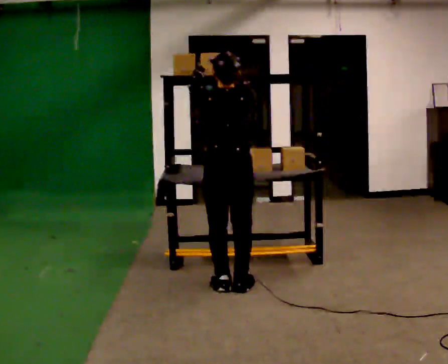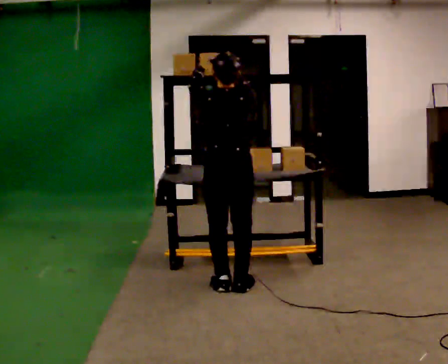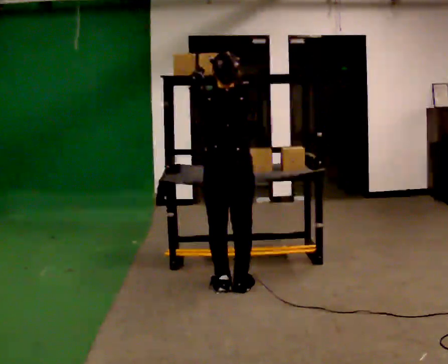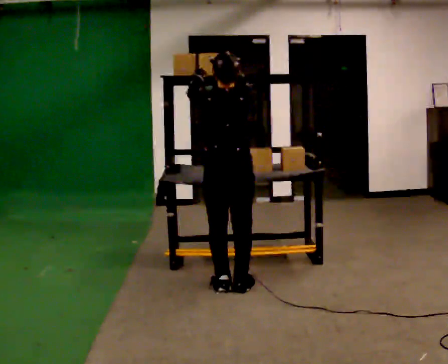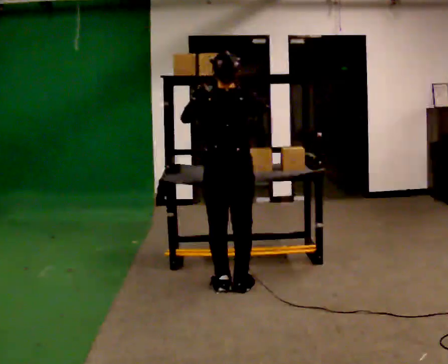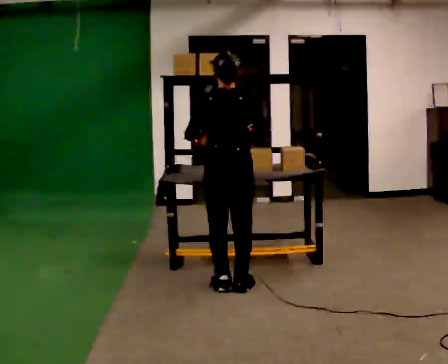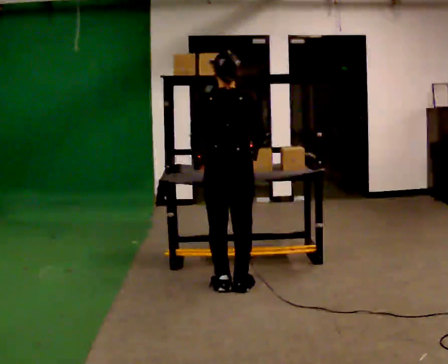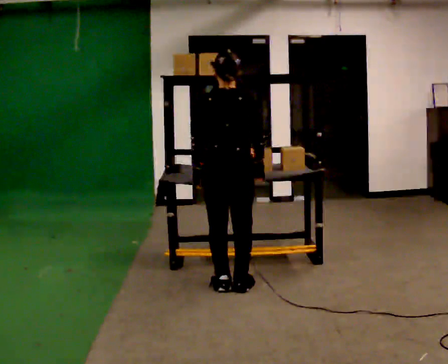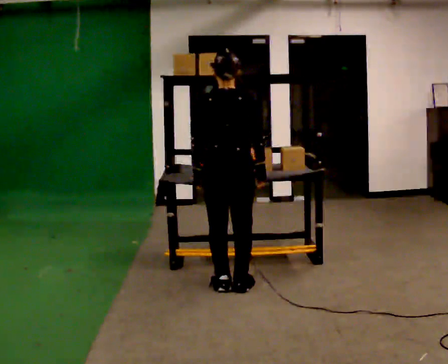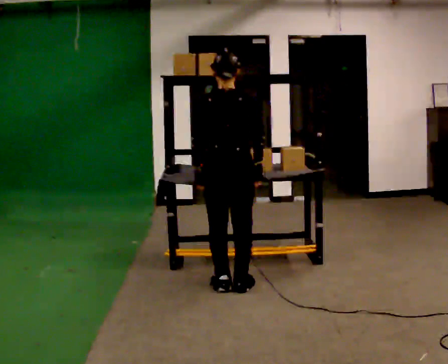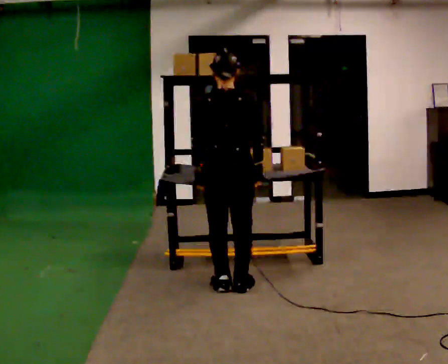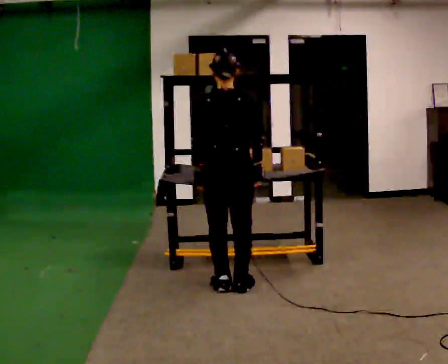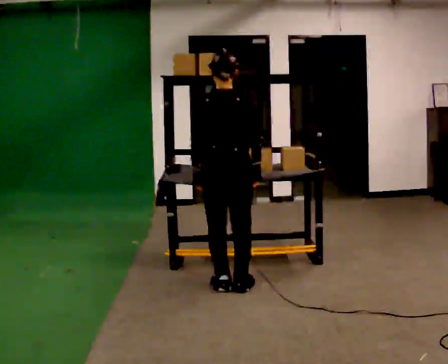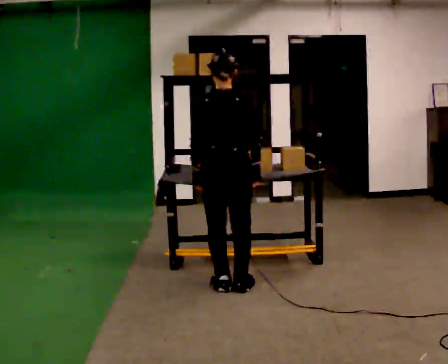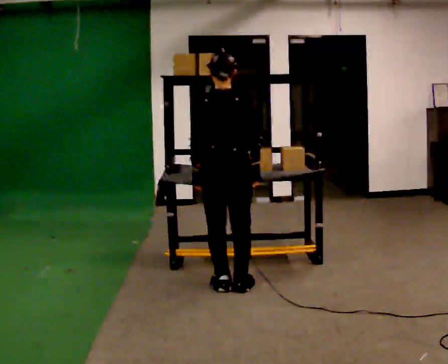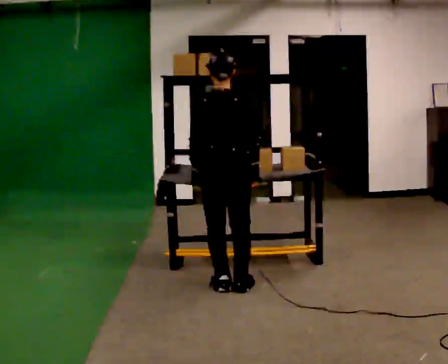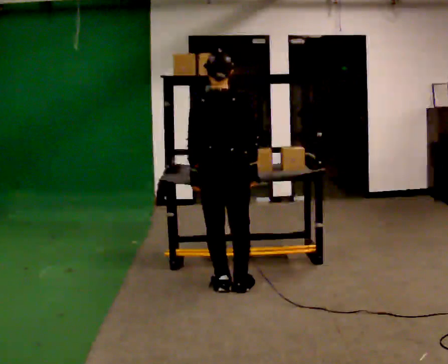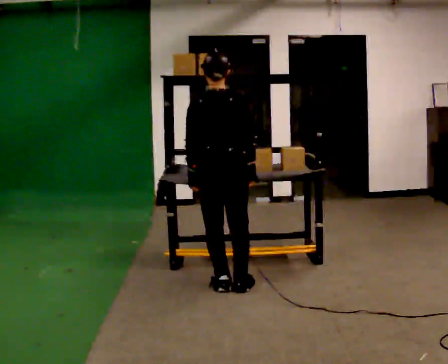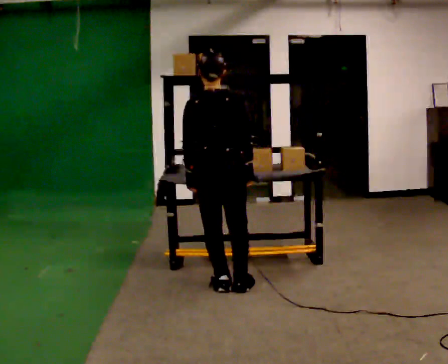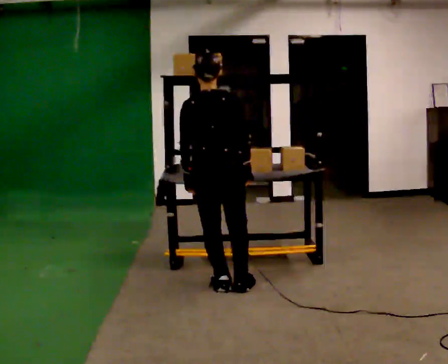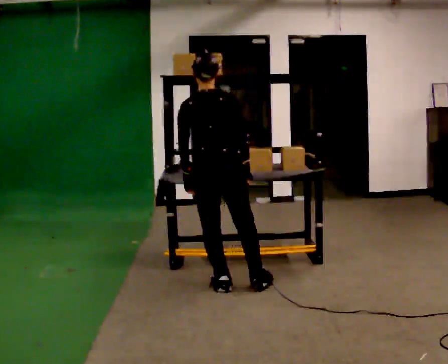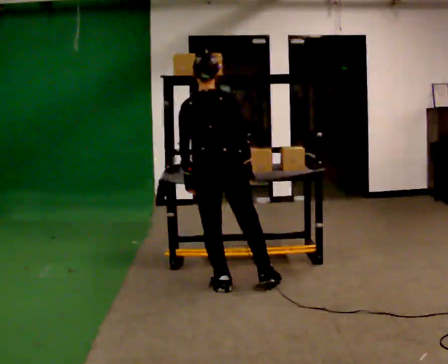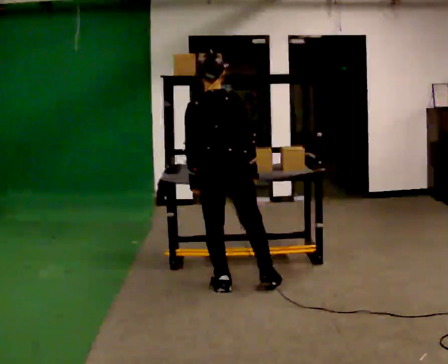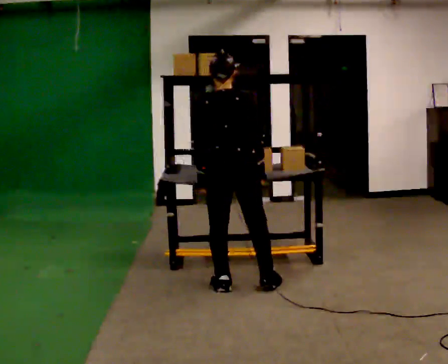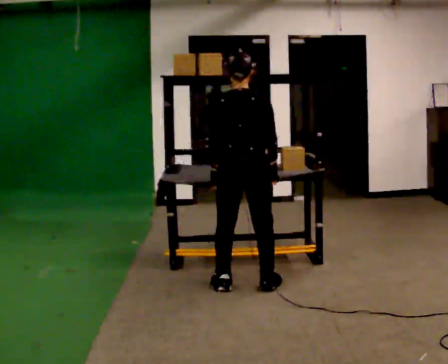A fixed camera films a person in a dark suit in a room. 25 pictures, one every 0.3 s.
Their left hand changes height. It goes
downward.
Their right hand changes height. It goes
downward.
0.0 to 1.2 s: The person moves a little, or ends about where they began.
1.2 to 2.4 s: In the picture their right hand goes downward.
2.4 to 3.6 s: The person moves a little, or ends about where they began.
3.6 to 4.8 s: The person keeps their place and pose.
4.8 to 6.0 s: The person moves a little, or ends about where they began.
6.0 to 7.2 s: In the picture they go to the right, about 0.25 m in 1 step, which for them is to their right.
The film runs forward here.
